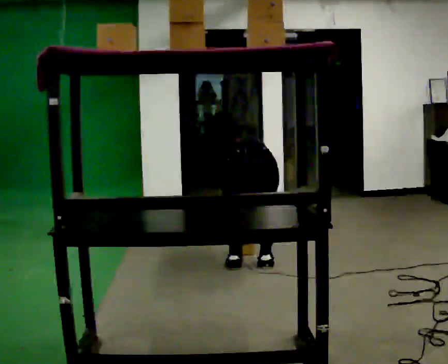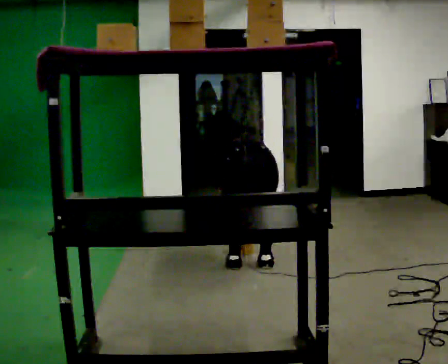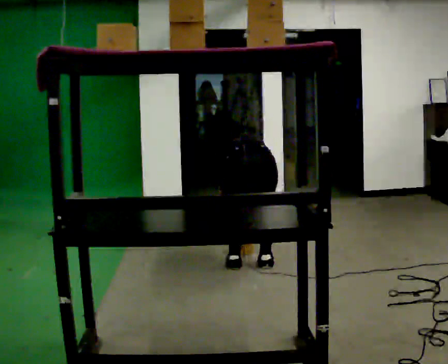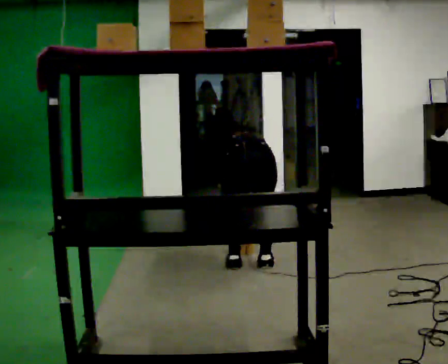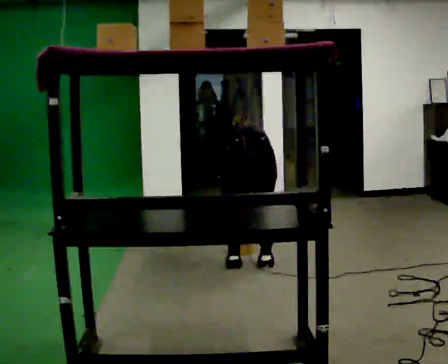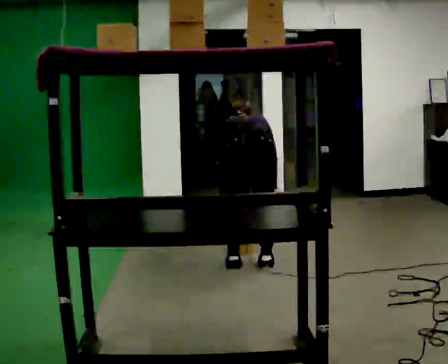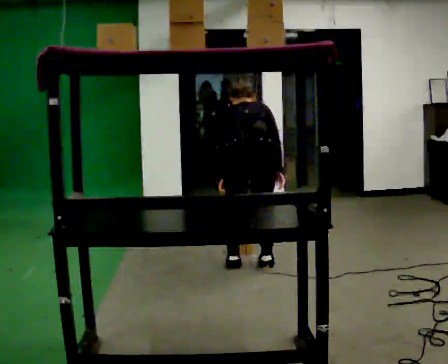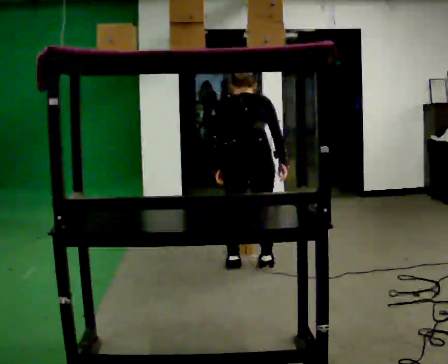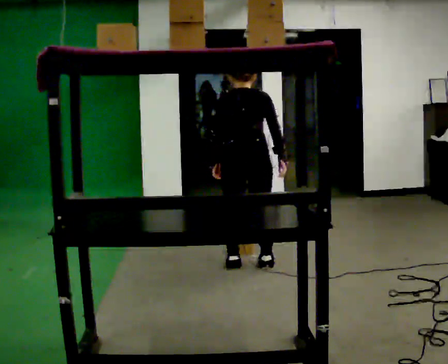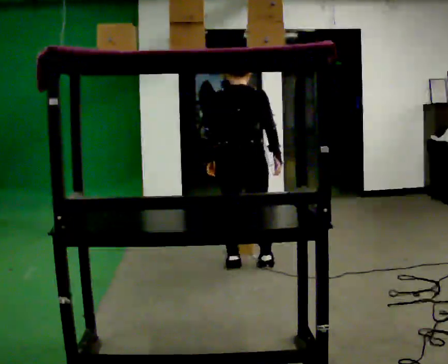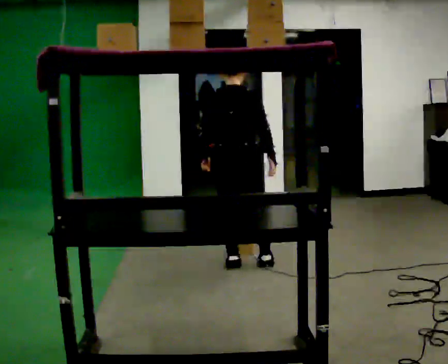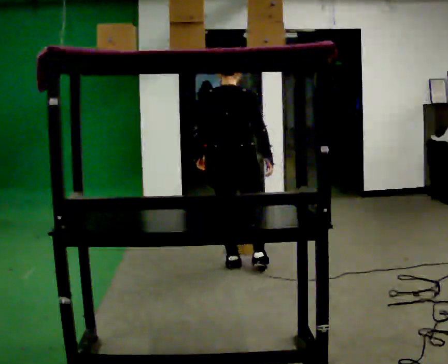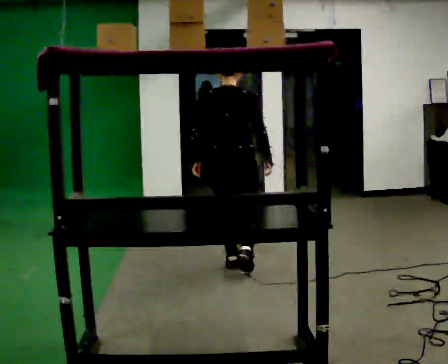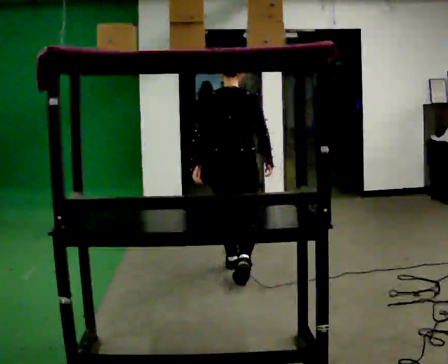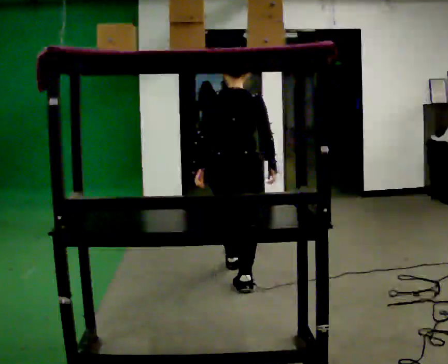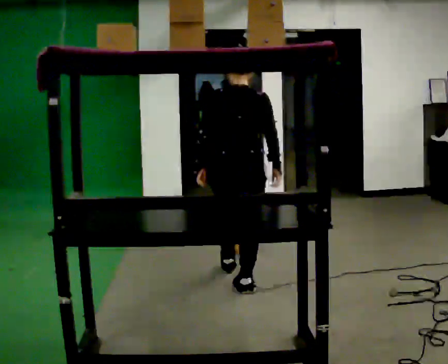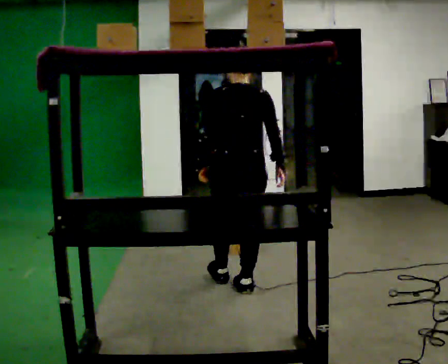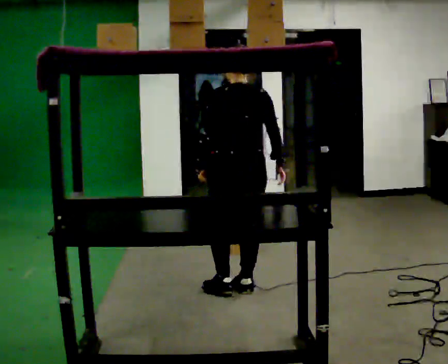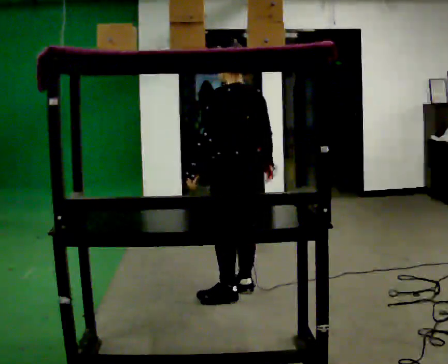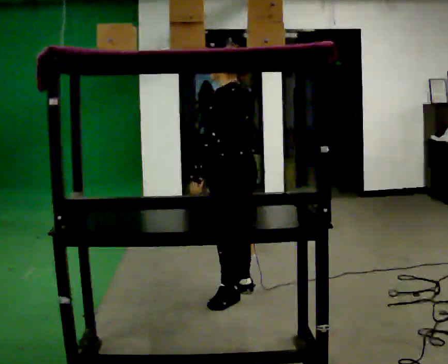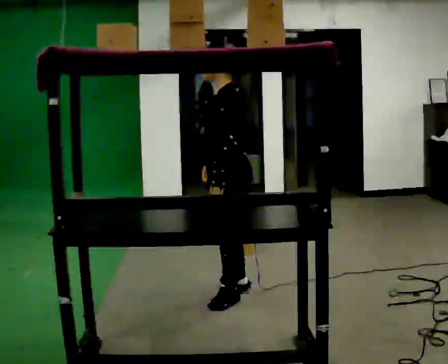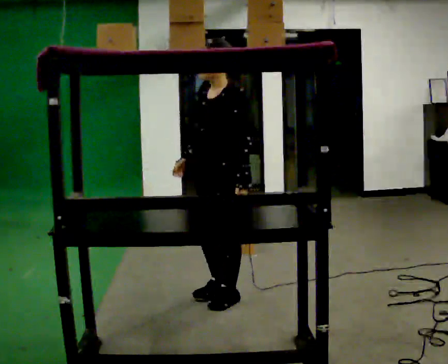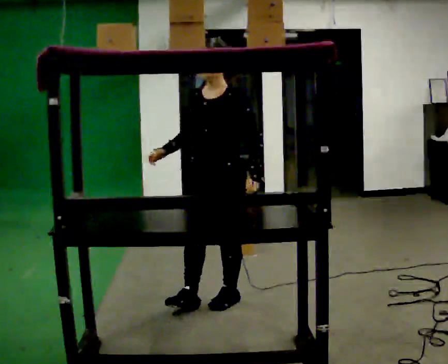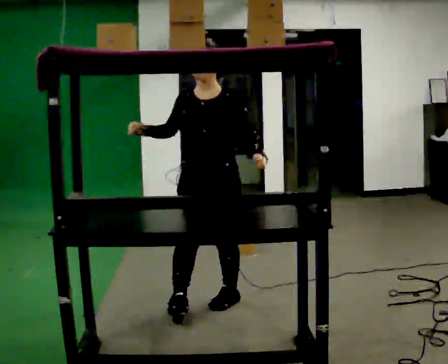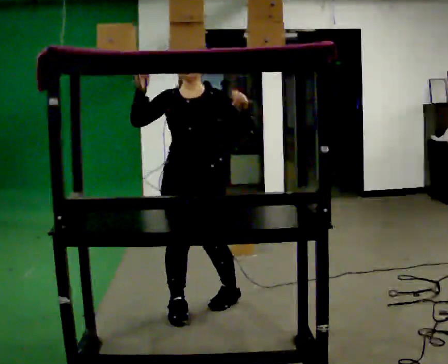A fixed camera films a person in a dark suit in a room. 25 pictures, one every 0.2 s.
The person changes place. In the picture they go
toward the camera.
Their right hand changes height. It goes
upward.
0.0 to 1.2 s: The upper body goes upward. The upper body tips toward the camera, its near side rolling downward, as they lean back or straighten. In the picture their right hand goes upward.
1.2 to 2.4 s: The upper body tips toward the camera, its near side rolling downward, as they lean back or straighten.
2.4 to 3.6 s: The person turns about 45 degrees to their left, counterclockwise seen from above, so the part of the body nearest the lens slides to the right. In the picture they go toward the camera, about 0.5 m in 1 step, which for them is backward.
3.6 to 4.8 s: The person turns about 135 degrees to their left, counterclockwise seen from above, so the part of the body nearest the lens slides to the right. In the picture they go toward the camera and to the left, about 0.5 m in 1 step. In the picture their right hand goes upward.
The film runs backward here.
